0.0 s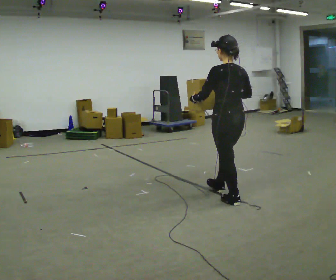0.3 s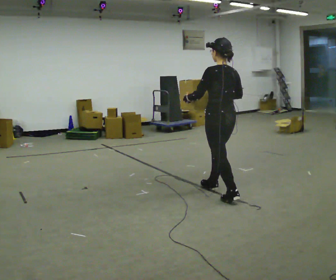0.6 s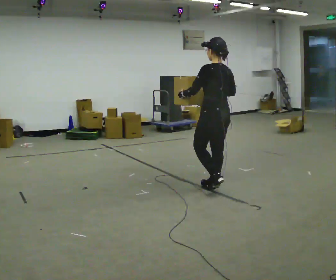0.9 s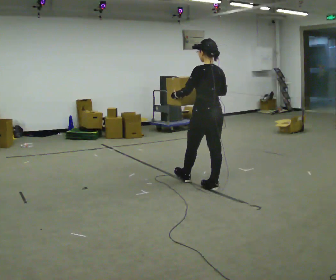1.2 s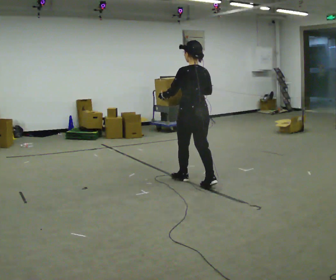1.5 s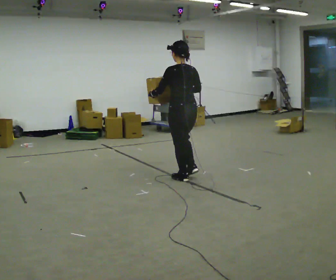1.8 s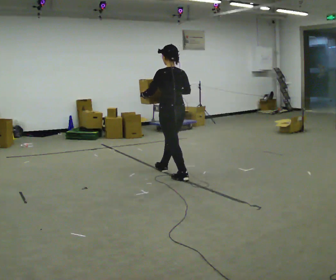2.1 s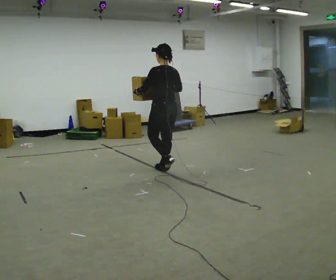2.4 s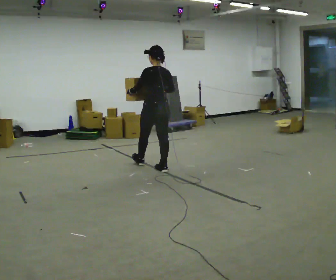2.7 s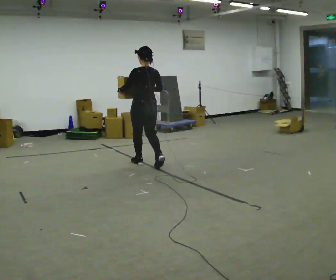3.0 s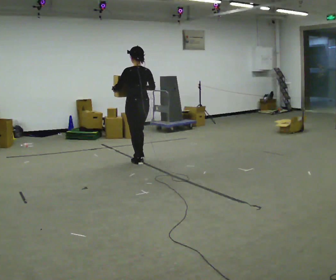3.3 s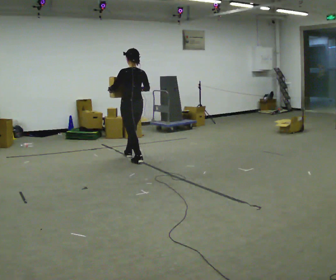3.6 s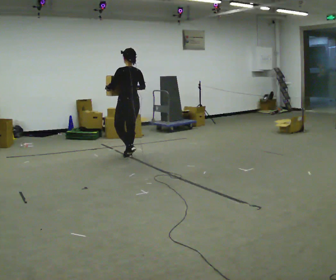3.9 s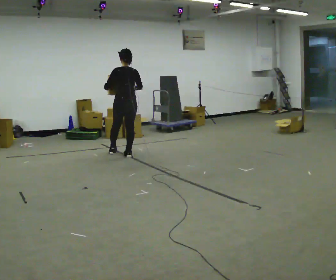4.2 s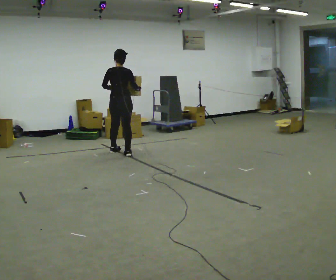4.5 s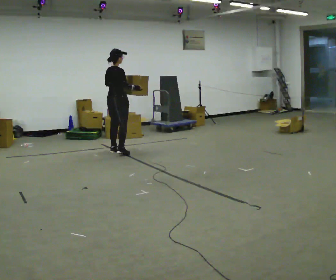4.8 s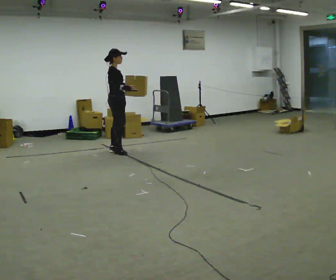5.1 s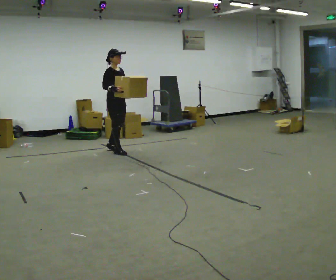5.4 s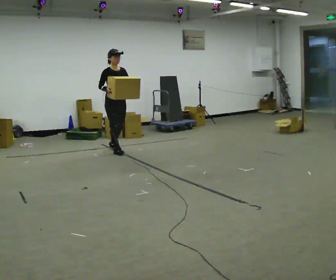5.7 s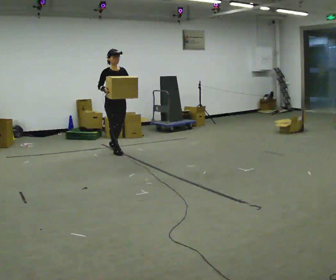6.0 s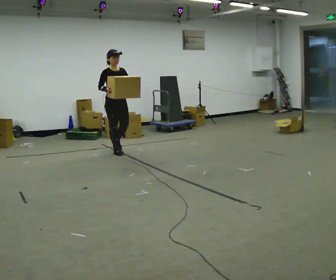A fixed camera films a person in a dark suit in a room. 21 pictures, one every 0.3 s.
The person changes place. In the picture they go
away from the camera.
0.0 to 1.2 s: In the picture they go away from the camera and to the left, about 0.75 m in 2 steps, which for them is forward.
1.2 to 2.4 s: In the picture they go away from the camera and to the left, about 1 m in 1 step, which for them is forward.
2.4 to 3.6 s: In the picture they go away from the camera and to the left, about 1 m in 2 steps, which for them is forward.
3.6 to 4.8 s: The person turns about 120 degrees to their right, clockwise seen from above, so the part of the body nearest the lens slides to the left. In the picture they go away from the camera and to the left, about 0.5 m in 2 steps.
4.8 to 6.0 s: Seen from above the body turns clockwise, about 60 degrees: to their right, with its near side sliding to the left.
The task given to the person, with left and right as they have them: Carry the heavy box in both hands in front of you, walking back and forth across the room. Keep walking until the operator says stop. Set it down if you need a rest.
The film runs forward here.
